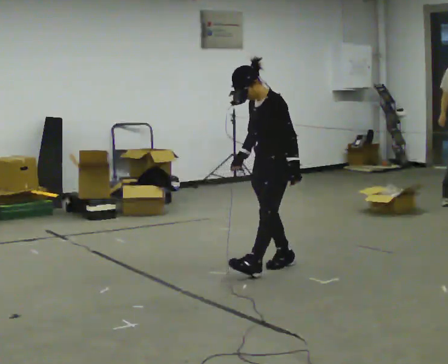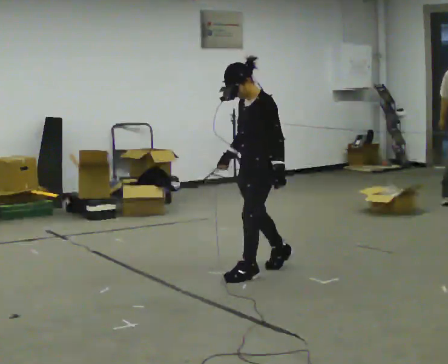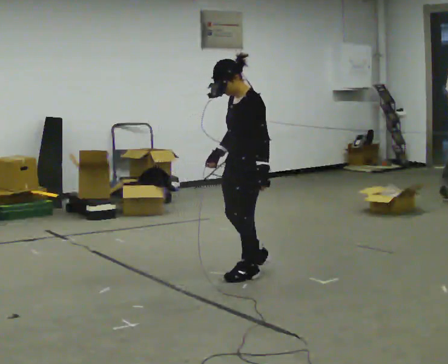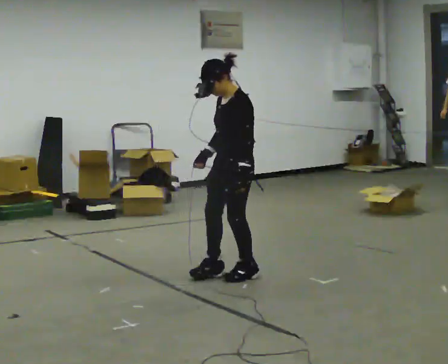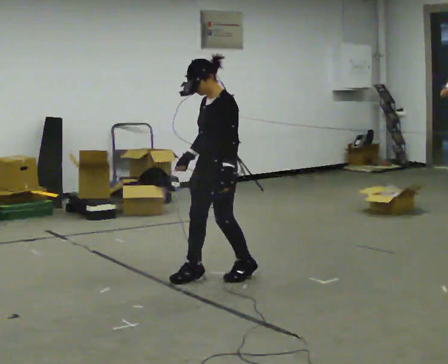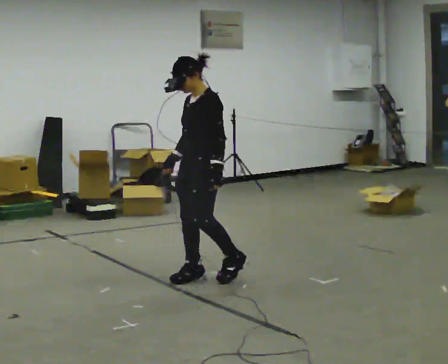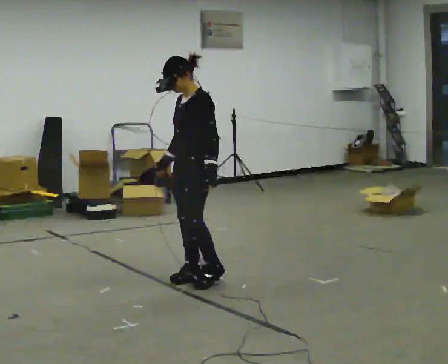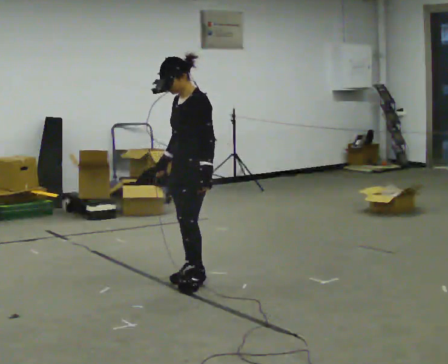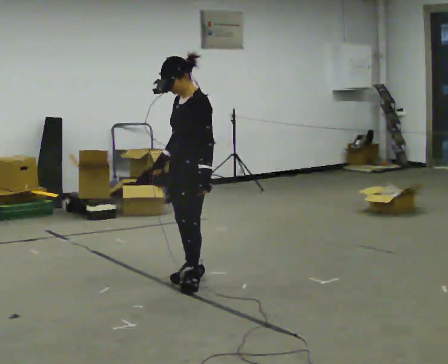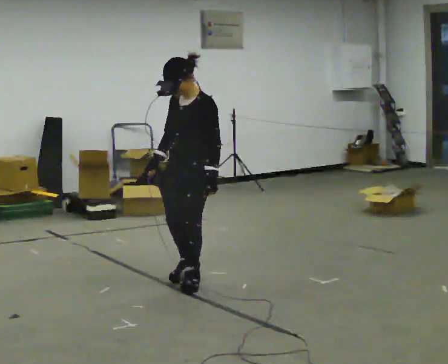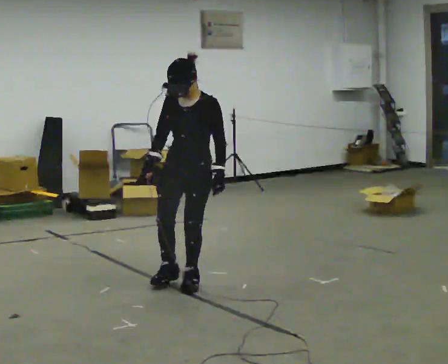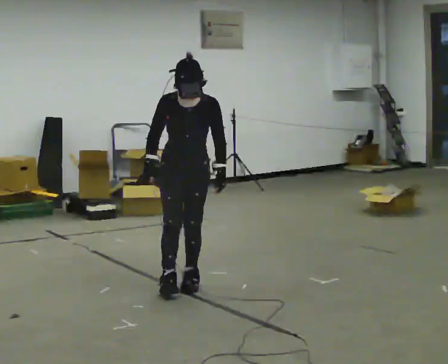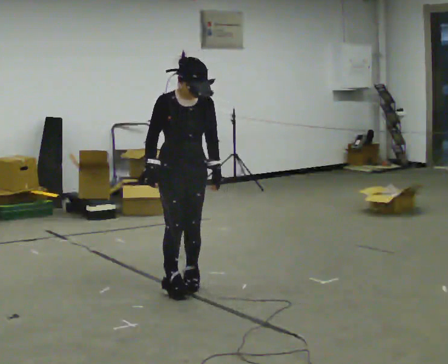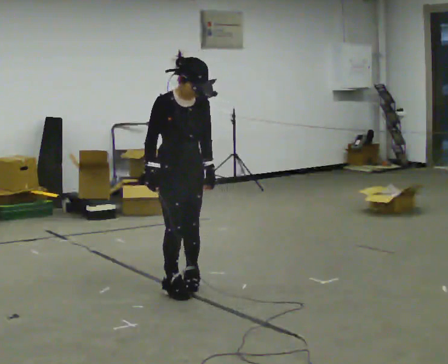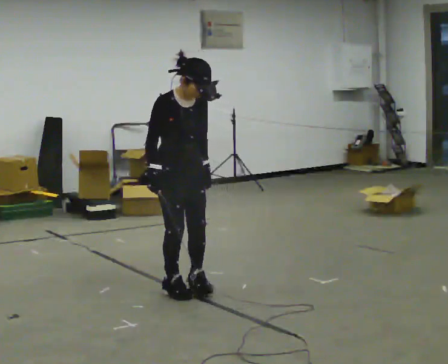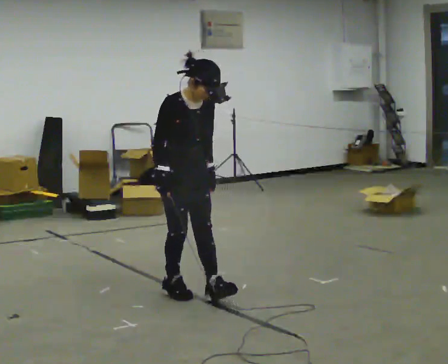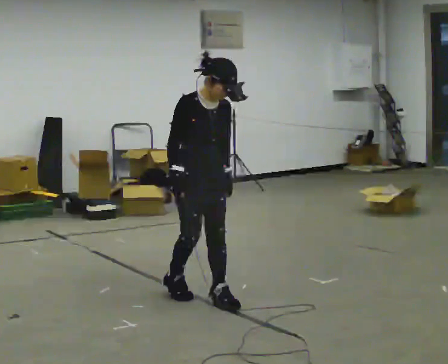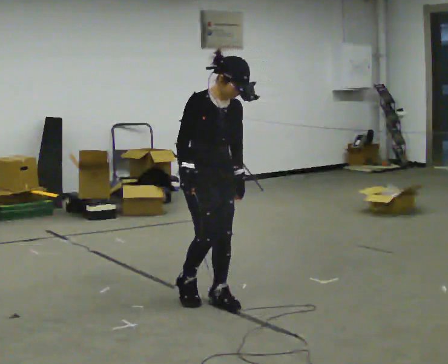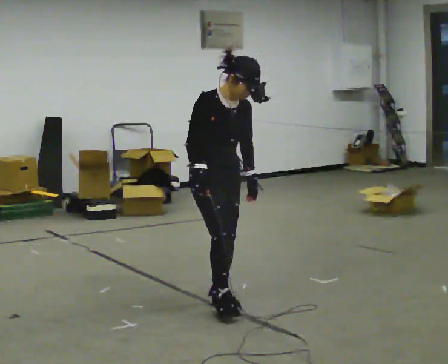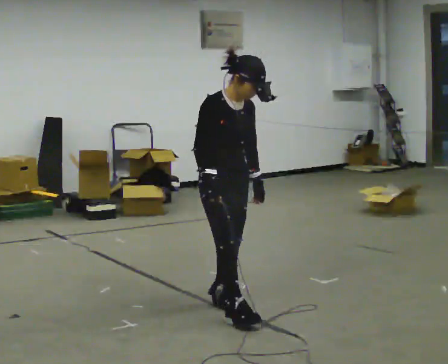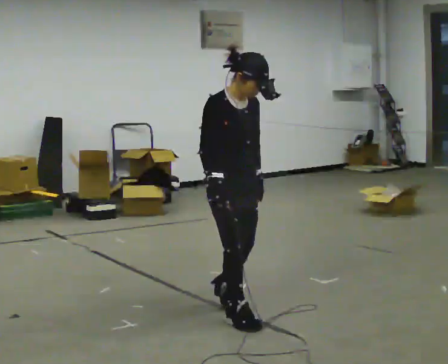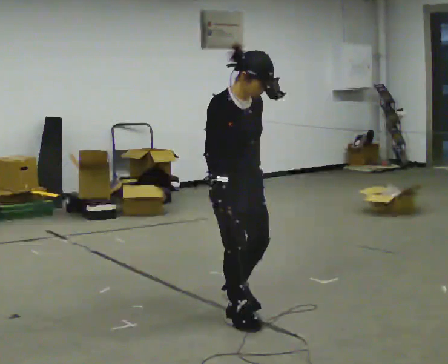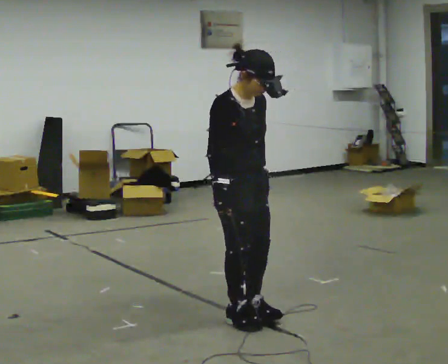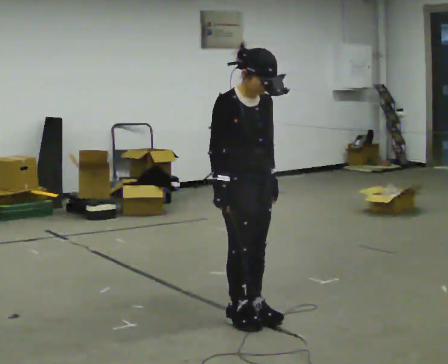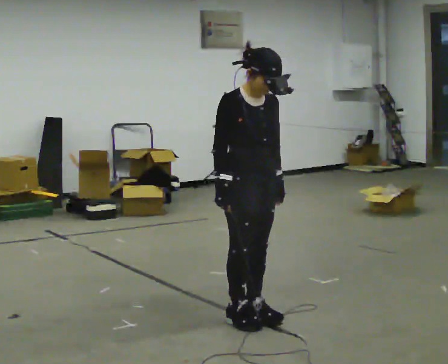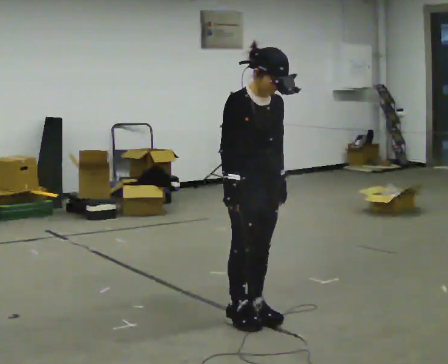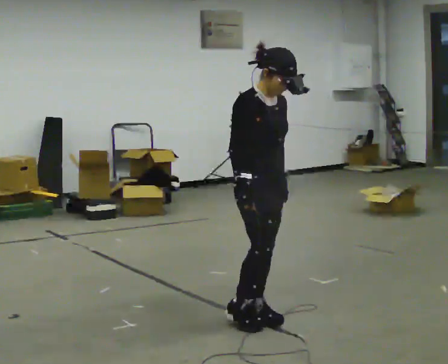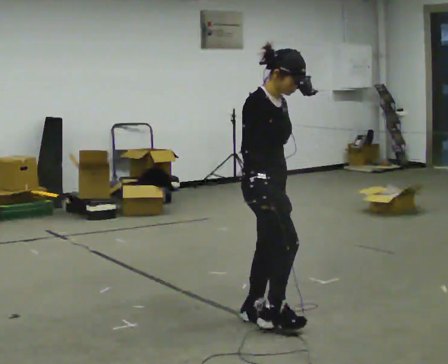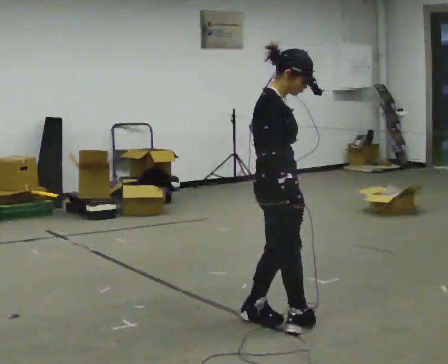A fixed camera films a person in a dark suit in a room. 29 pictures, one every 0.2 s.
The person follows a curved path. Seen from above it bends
counterclockwise.
The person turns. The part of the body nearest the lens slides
to the right.
0.0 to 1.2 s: In the picture they go to the left and toward the camera, about 0.5 m in 2 steps, which for them is forward.
1.2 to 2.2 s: The person turns about 60 degrees to their left, counterclockwise seen from above, so the part of the body nearest the lens slides to the right.
2.2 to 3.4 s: Seen from above the body turns counterclockwise, about 30 degrees: to their left, with its near side sliding to the right. In the picture they go toward the camera, about 0.5 m in 2 steps, which for them is forward.
3.4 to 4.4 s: In the picture they go toward the camera, about 0.25 m in 1 step, which for them is forward.
4.4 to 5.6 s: The person turns about 45 degrees to their left, counterclockwise seen from above, so the part of the body nearest the lens slides to the right. In the picture they go to the right, about 0.25 m in 1 step, which for them is forward. In the picture their right hand goes to the right.
The film runs backward here.
